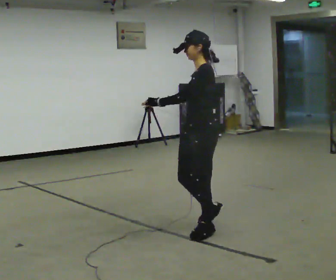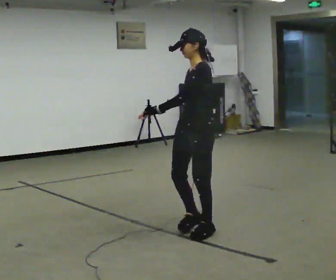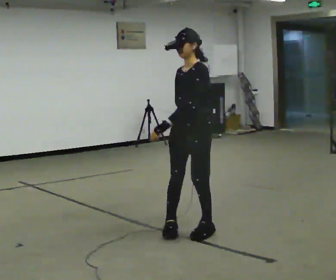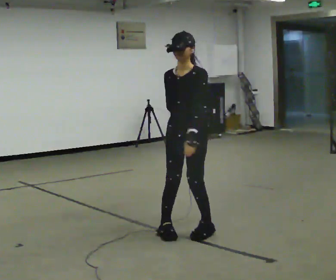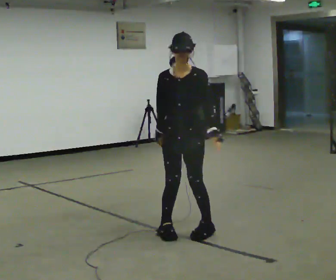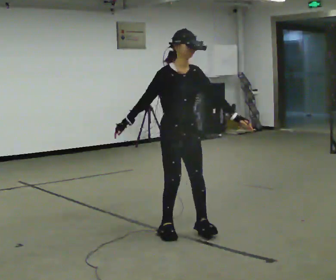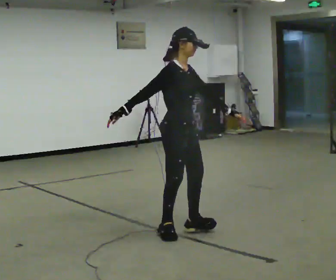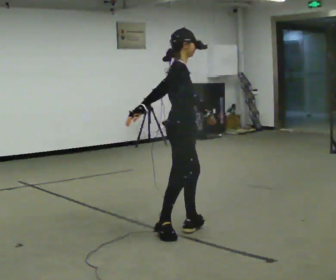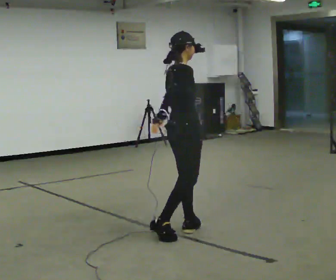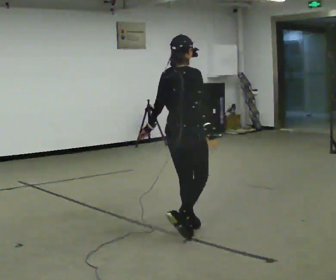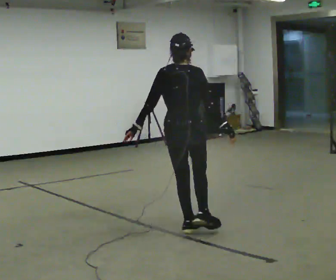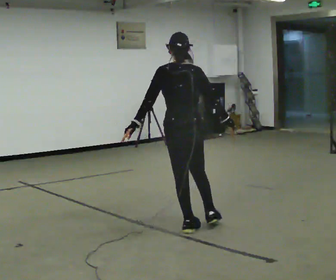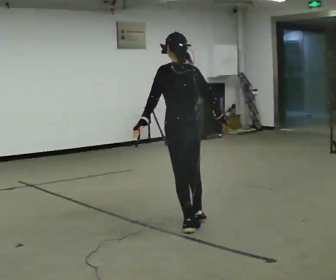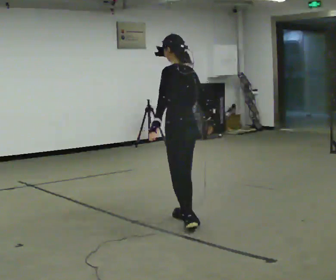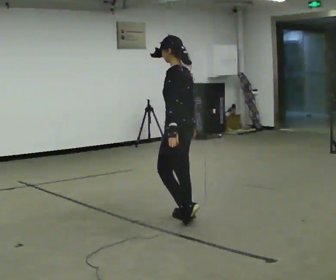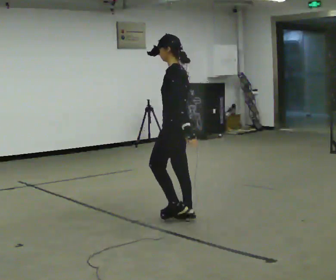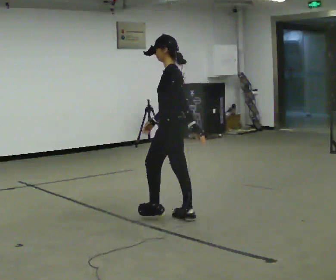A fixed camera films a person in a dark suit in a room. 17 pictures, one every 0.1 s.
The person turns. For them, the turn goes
to their left.
The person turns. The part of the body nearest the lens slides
to the right.
0.0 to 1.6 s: The person turns about 330 degrees to their left, counterclockwise seen from above, so the part of the body nearest the lens slides to the right. In the picture they go away from the camera and to the left, about 0.5 m in 3 steps.
The film runs forward here.
